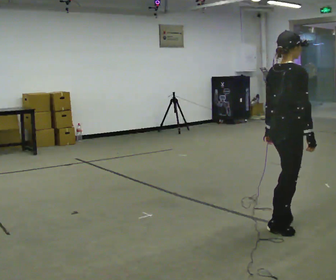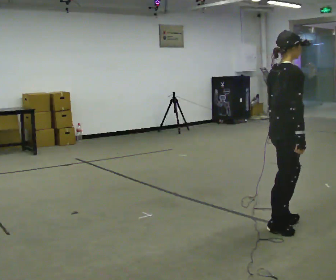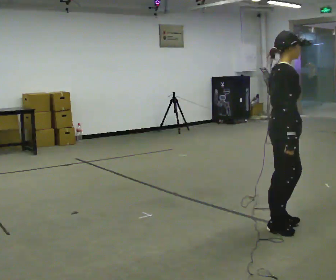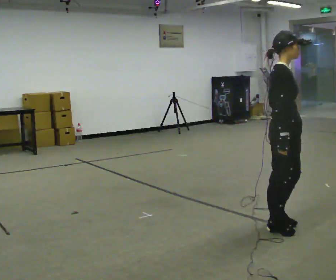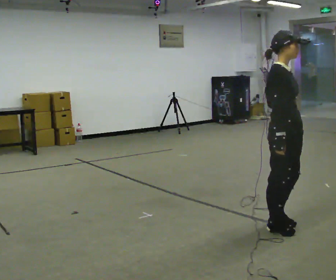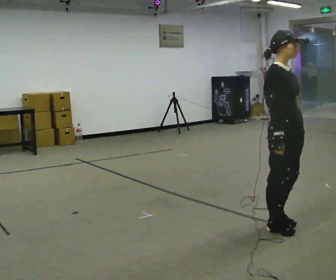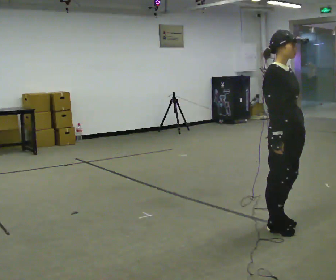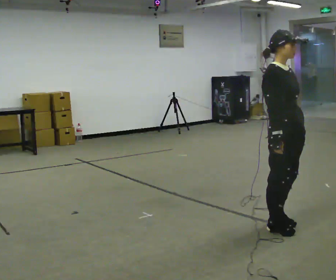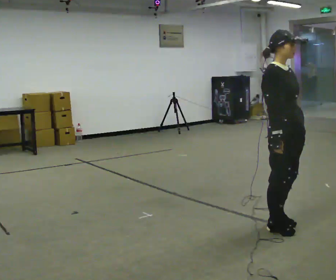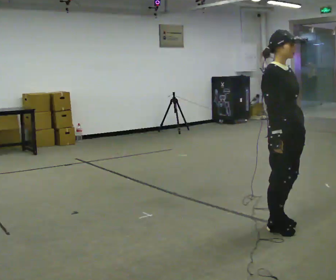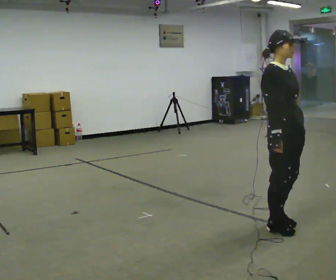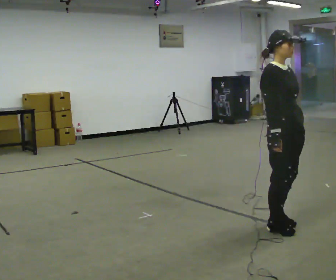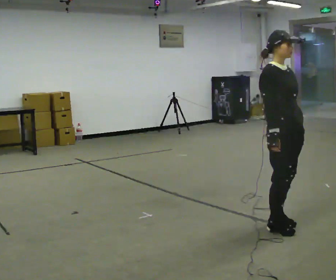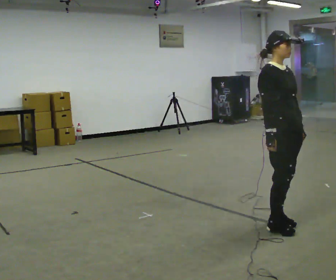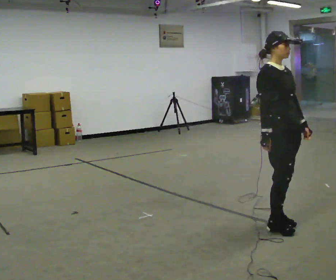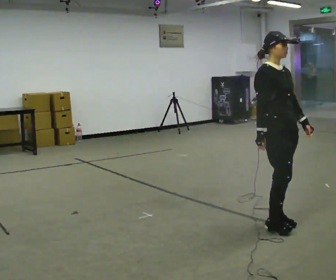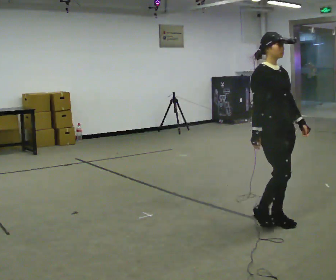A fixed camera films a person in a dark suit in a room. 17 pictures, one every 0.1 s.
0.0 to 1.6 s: The part of the body nearest the lens slides to the left as the person turns to their right by about 60 degrees. In the picture they go away from the camera, about 0.25 m in 1 step.
The film runs backward here.
